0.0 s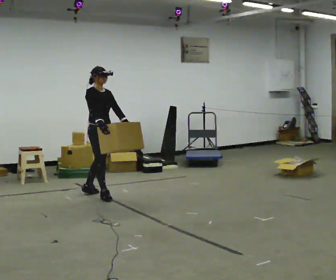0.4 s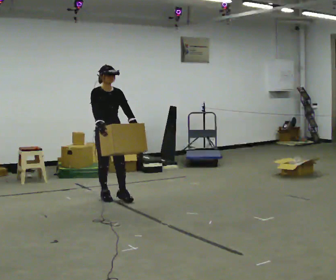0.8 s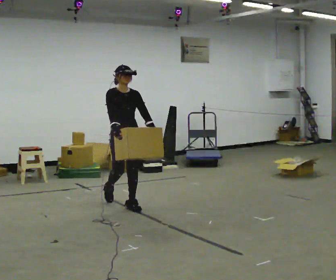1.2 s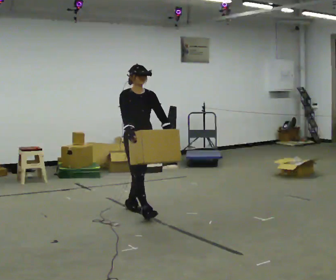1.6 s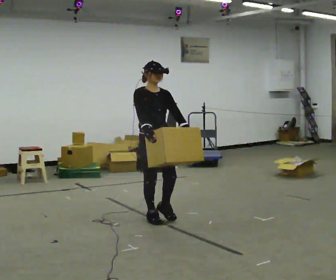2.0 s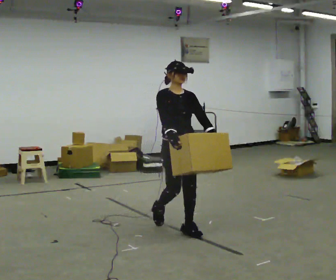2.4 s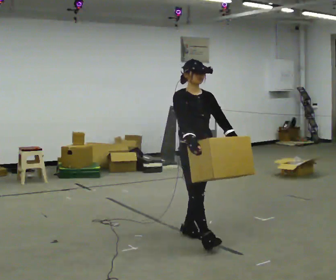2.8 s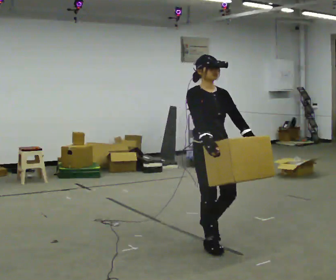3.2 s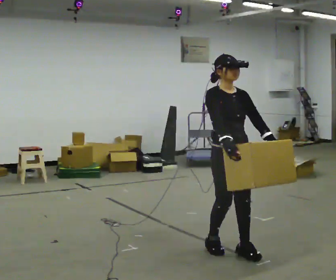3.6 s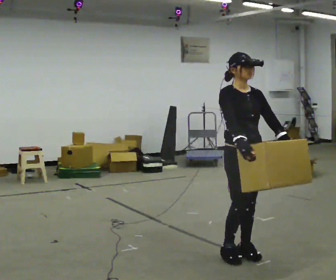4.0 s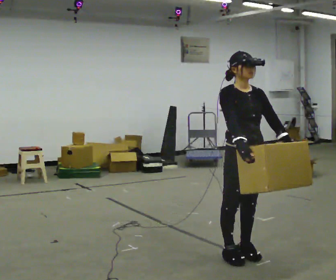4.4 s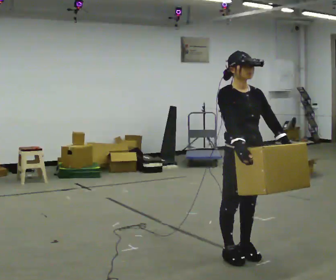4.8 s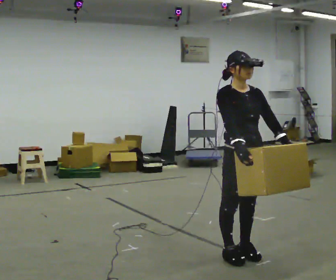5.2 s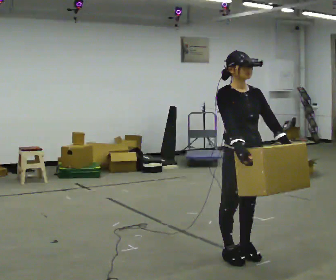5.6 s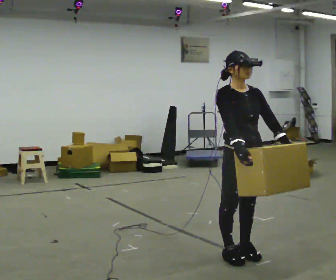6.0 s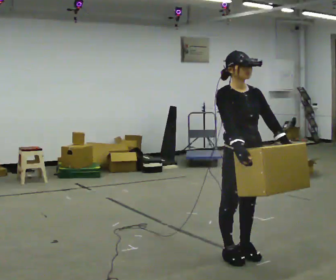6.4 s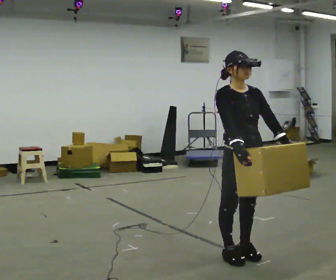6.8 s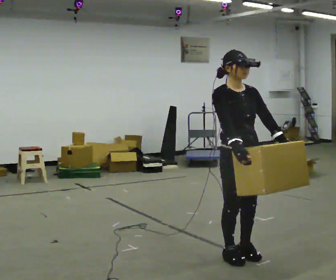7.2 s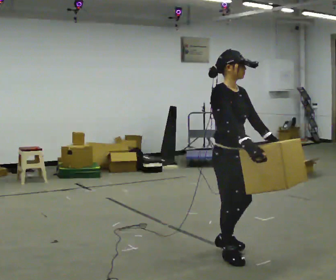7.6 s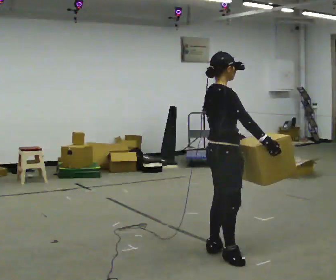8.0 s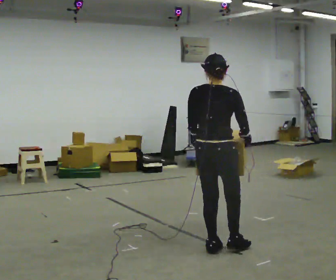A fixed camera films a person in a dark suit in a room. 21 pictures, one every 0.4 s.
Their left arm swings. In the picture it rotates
clockwise.
0.0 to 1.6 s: The person turns about 30 degrees to their right, clockwise seen from above, so the part of the body nearest the lens slides to the left. In the picture they go toward the camera and to the right, about 1 m in 2 steps, which for them is forward.
1.6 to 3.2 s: In the picture they go toward the camera and to the right, about 1 m in 3 steps, which for them is forward.
3.2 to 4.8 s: The person moves a little, or ends about where they began.
4.8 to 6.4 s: The person keeps their place and pose.
6.4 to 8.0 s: The person turns about 135 degrees to their left, counterclockwise seen from above, so the part of the body nearest the lens slides to the right. In the picture they go away from the camera and to the left, about 0.25 m in 1 step.
The film runs forward here.
